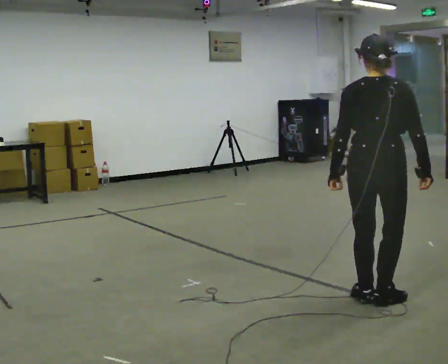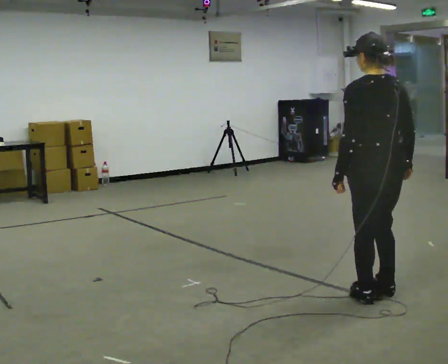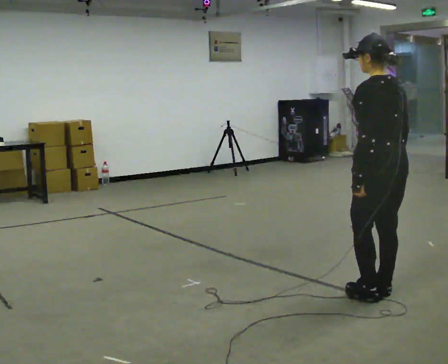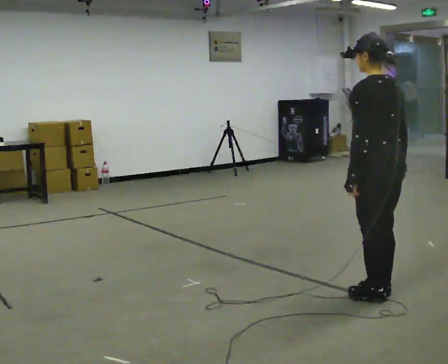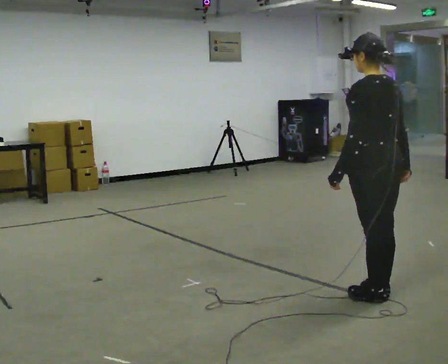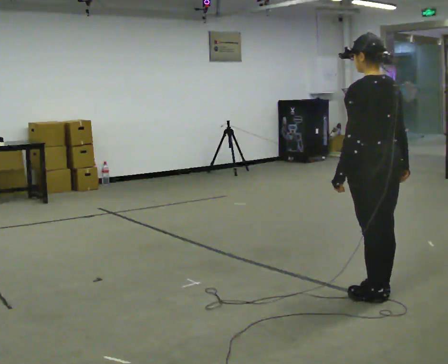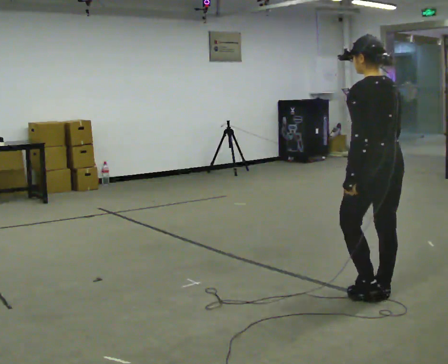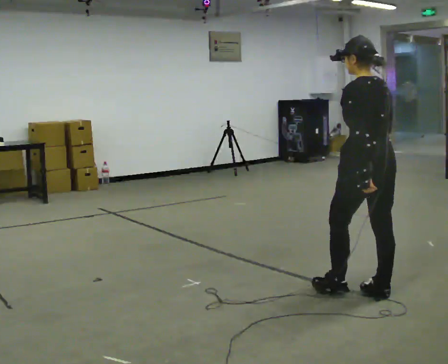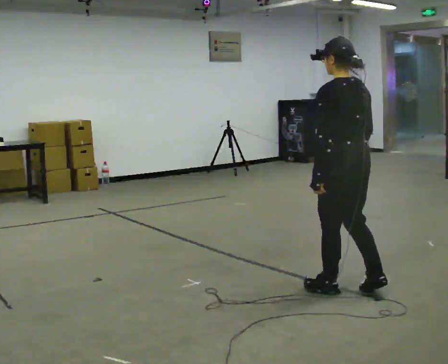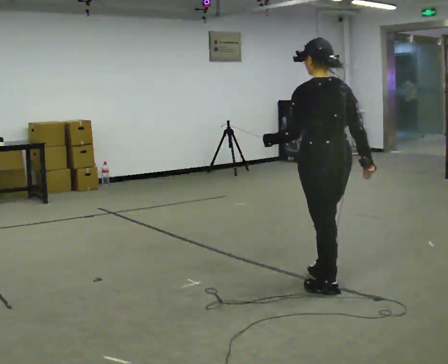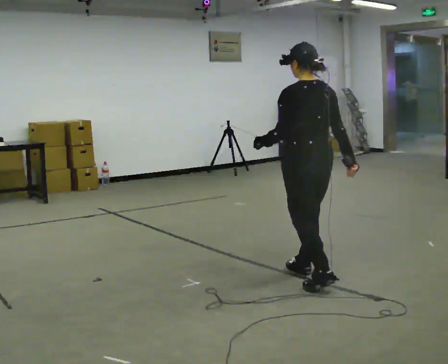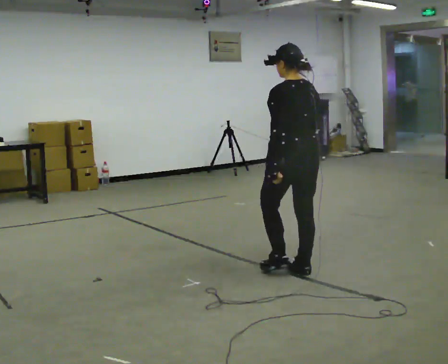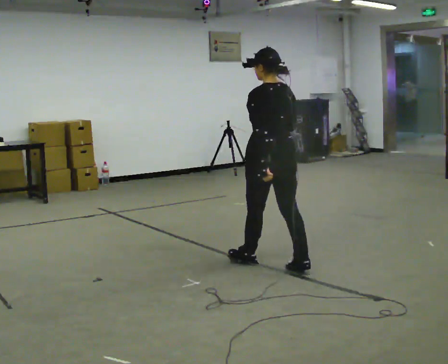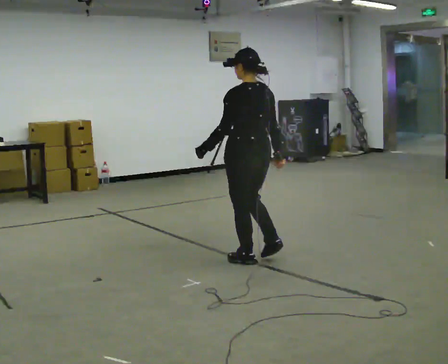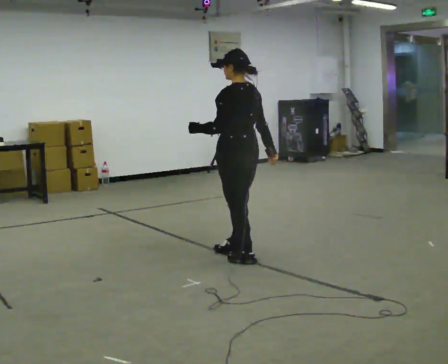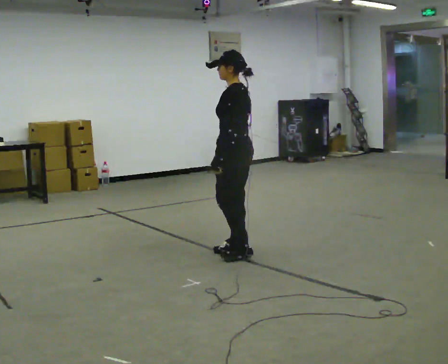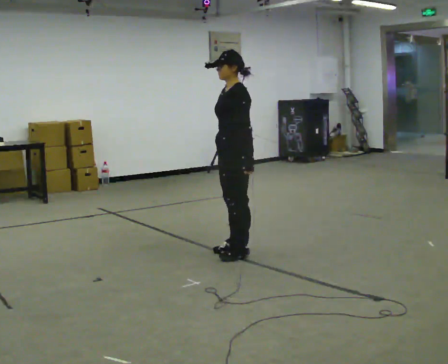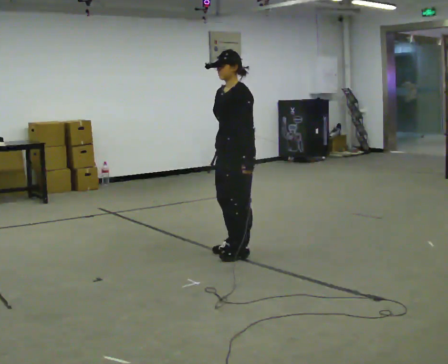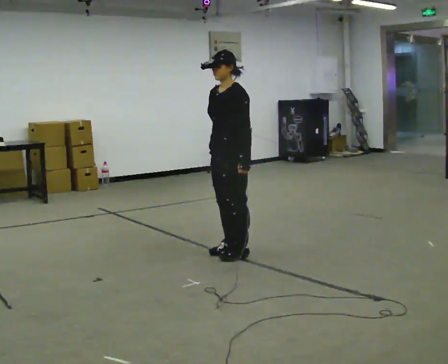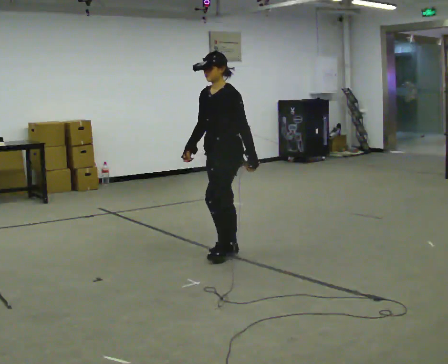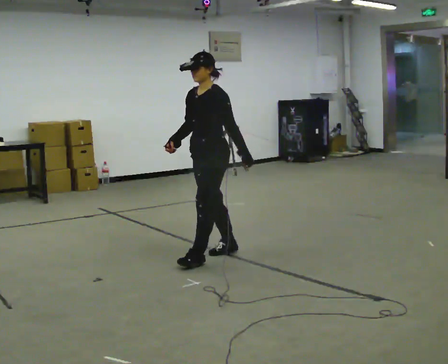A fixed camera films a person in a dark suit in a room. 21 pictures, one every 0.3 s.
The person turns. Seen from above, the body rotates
counterclockwise.
The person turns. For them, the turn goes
to their left.
0.0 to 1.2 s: Seen from above the body turns counterclockwise, about 60 degrees: to their left, with its near side sliding to the right.
1.2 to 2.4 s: In the picture they go to the left, about 0.25 m in 1 step, which for them is forward.
2.4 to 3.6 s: In the picture they go away from the camera and to the left, about 0.5 m in 2 steps, which for them is forward.
3.6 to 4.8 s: The person turns about 75 degrees to their left, counterclockwise seen from above, so the part of the body nearest the lens slides to the right. In the picture they go away from the camera and to the left, about 0.5 m in 2 steps.
4.8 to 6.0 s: In the picture they go to the left, about 0.25 m in 1 step, which for them is forward. In the picture their right hand goes to the left.
The film runs forward here.
